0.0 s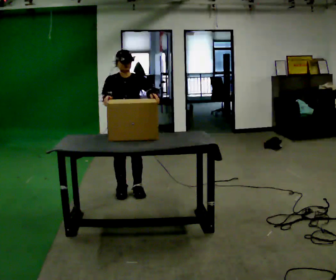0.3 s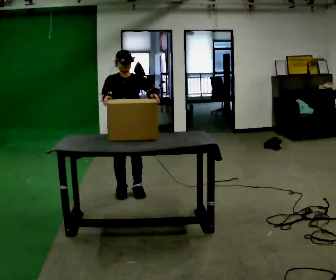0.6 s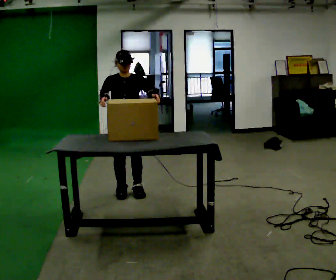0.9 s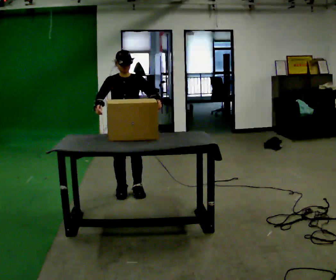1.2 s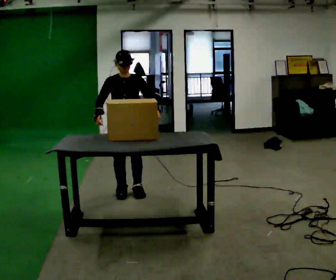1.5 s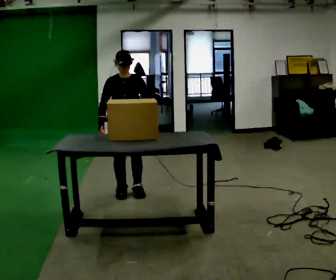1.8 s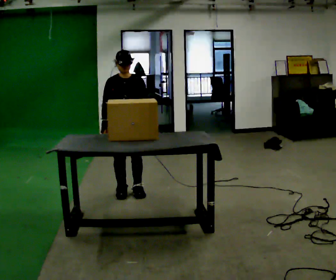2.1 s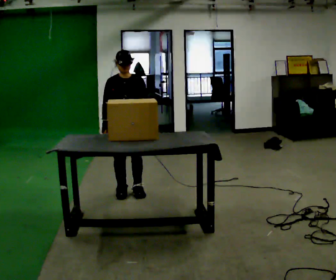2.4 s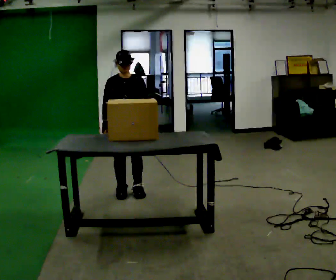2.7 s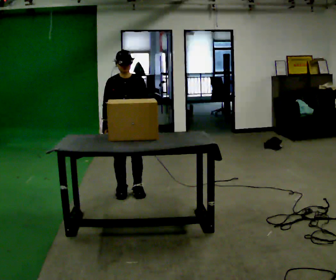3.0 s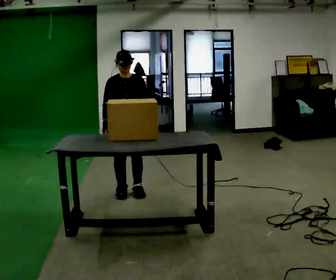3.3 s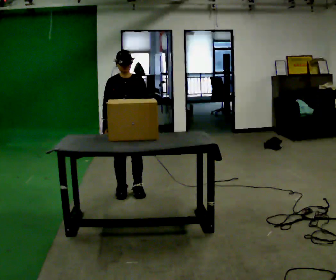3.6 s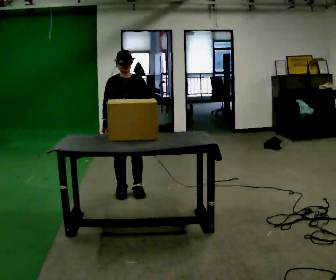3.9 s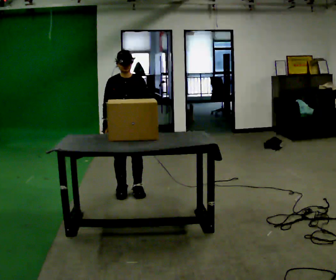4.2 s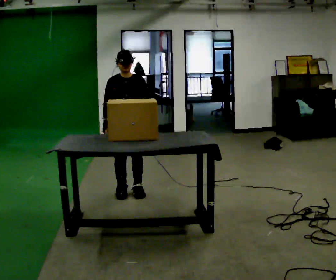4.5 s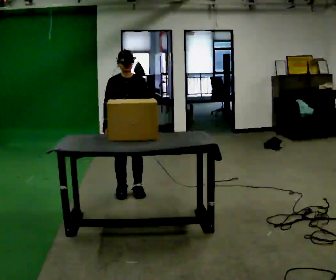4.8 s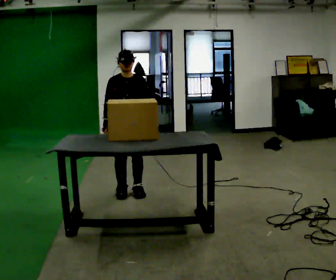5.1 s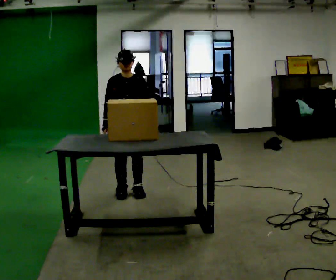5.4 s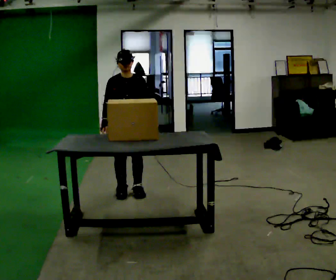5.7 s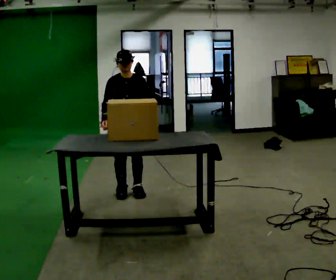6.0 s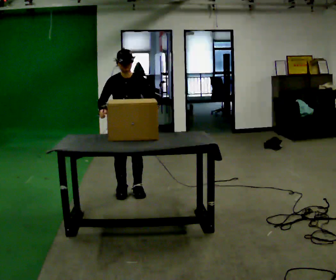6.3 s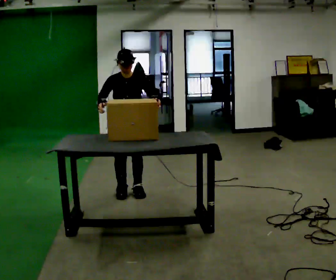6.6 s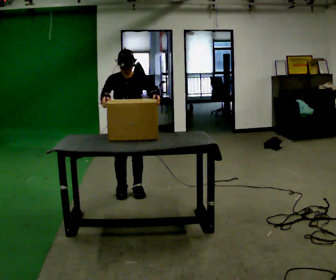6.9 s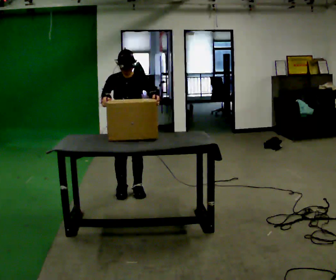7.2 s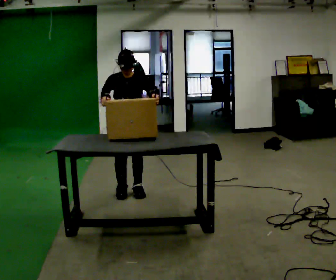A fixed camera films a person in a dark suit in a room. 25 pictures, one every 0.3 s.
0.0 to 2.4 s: In the picture their left hand goes downward.
2.4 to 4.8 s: The person keeps their place and pose.
4.8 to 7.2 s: In the picture their left hand goes upward.
The film runs backward here.
